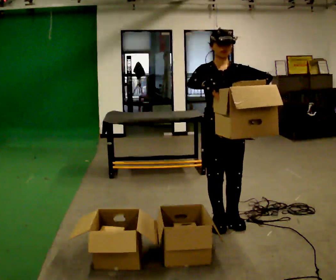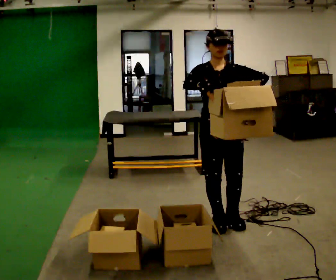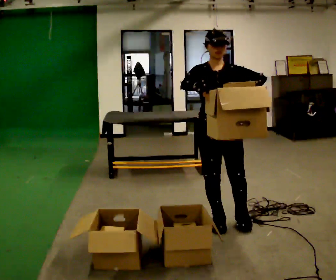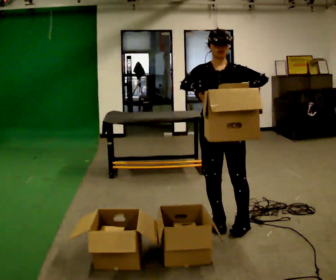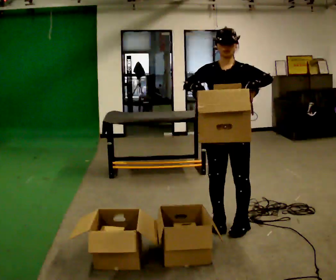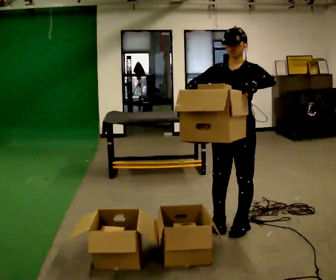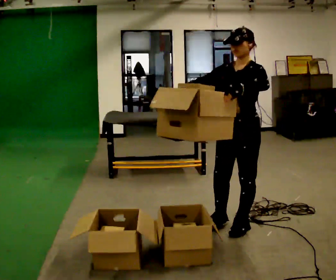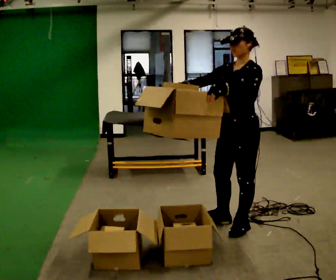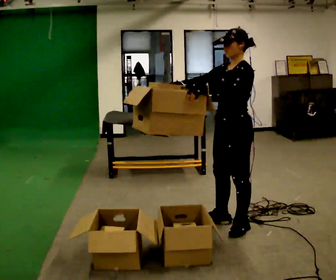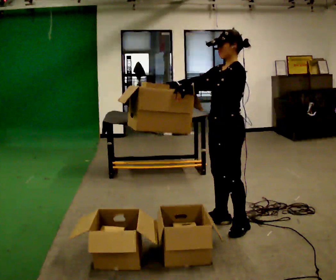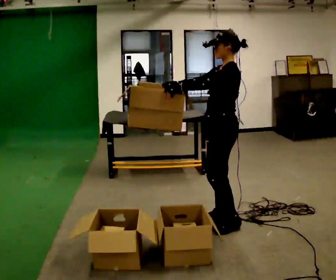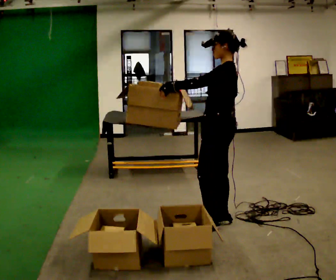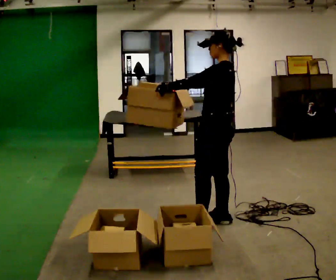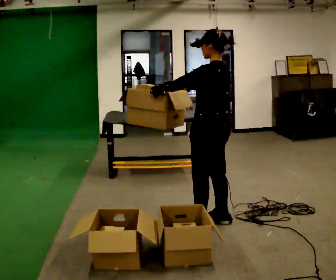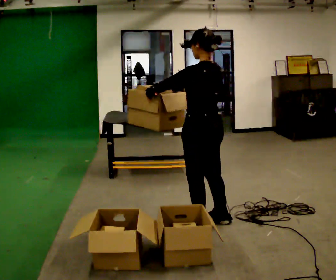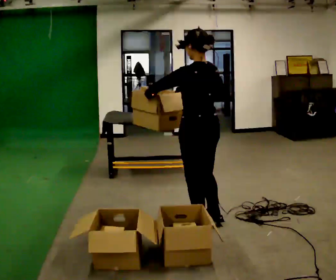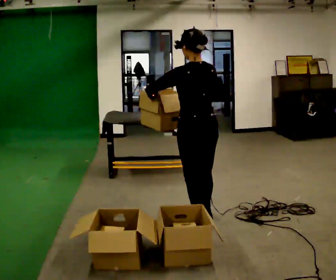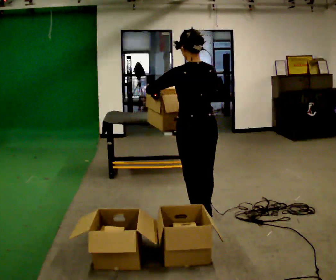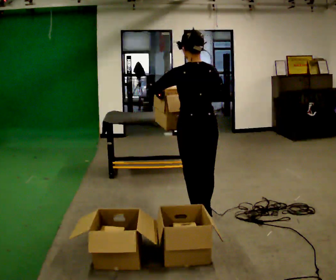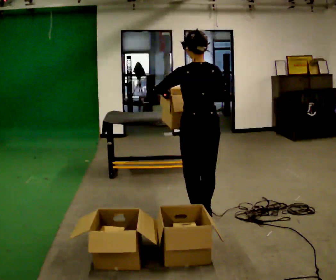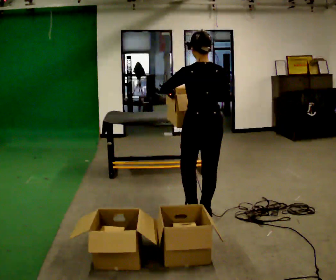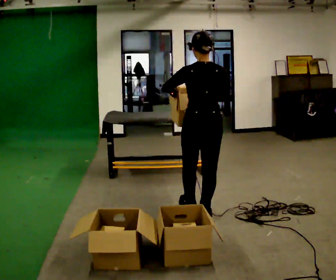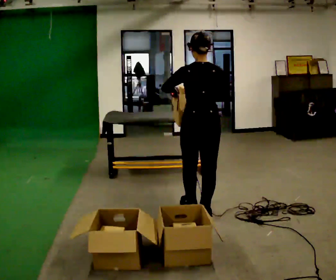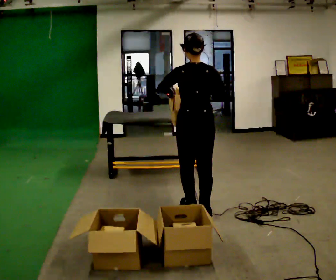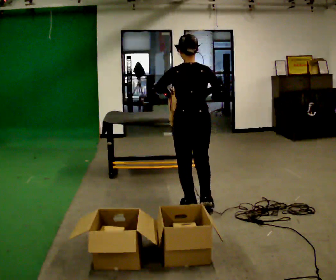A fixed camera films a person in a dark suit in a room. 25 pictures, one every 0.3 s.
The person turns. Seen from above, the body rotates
clockwise.
The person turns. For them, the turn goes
to their right.
0.0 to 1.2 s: The person moves a little, or ends about where they began.
1.2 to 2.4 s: The person turns about 60 degrees to their right, clockwise seen from above, so the part of the body nearest the lens slides to the left.
2.4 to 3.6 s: Seen from above the body turns clockwise, about 45 degrees: to their right, with its near side sliding to the left.
3.6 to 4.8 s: The person turns about 45 degrees to their right, clockwise seen from above, so the part of the body nearest the lens slides to the left. In the picture they go to the left, about 0.25 m, which for them is to their left.
4.8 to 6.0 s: In the picture they go away from the camera, about 0.25 m in 1 step, which for them is forward.
6.0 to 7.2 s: In the picture they go away from the camera, about 0.25 m in 1 step, which for them is forward.
The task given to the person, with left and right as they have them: 1. Take everything out of the crates by the door. 2. Put the small items on the middle shelf. 3. Put the large items on the bottom shelf. 4. Stack the empty crates by the door. 5. Tell the operator when you are finished.
The film runs forward here.
